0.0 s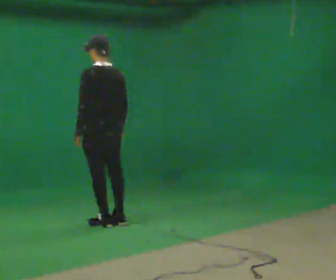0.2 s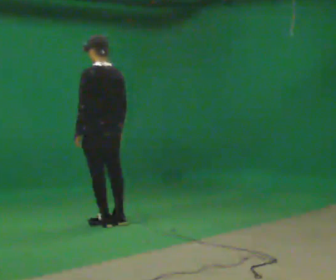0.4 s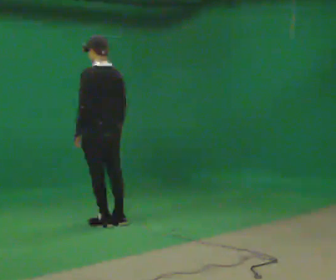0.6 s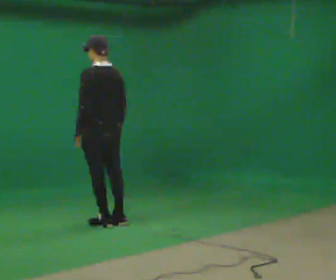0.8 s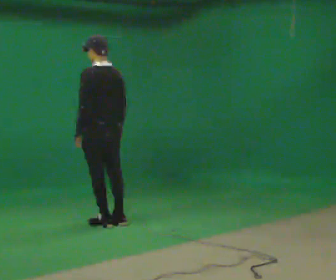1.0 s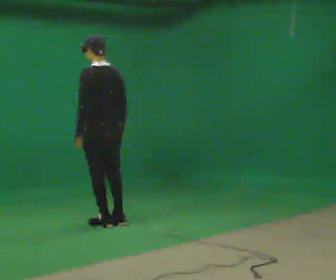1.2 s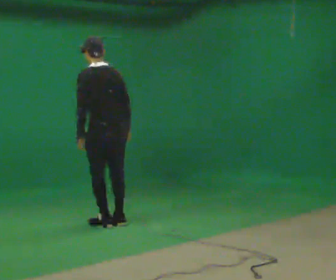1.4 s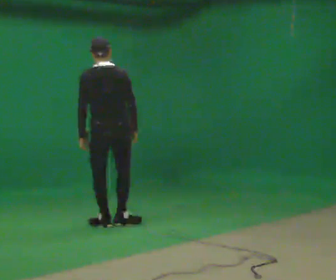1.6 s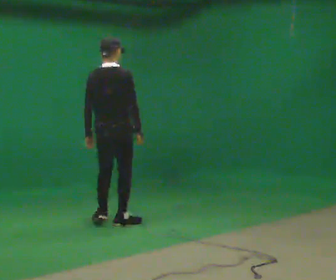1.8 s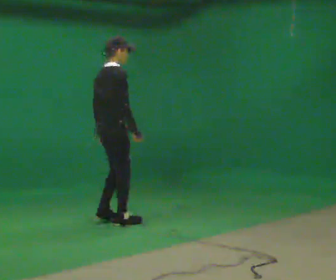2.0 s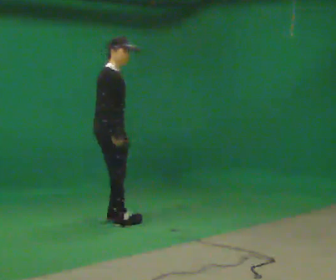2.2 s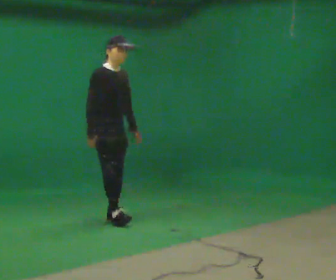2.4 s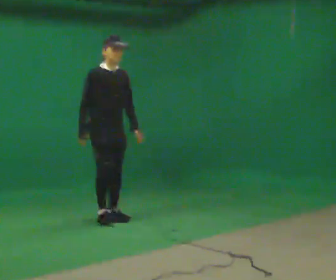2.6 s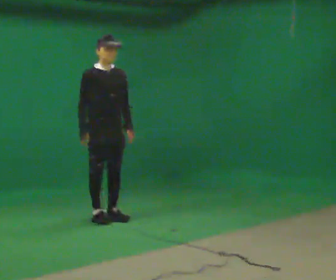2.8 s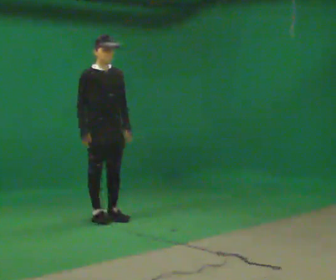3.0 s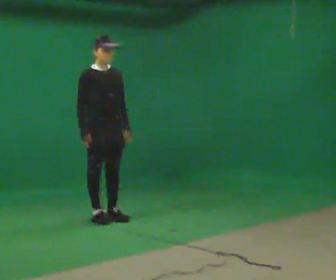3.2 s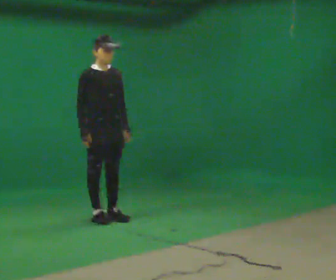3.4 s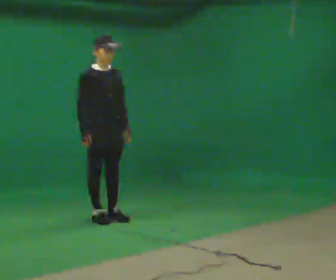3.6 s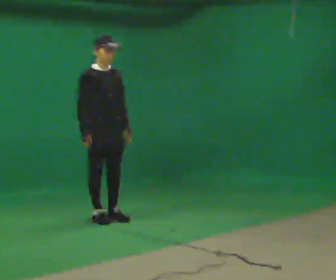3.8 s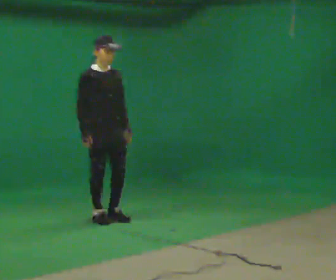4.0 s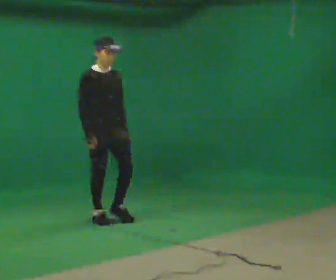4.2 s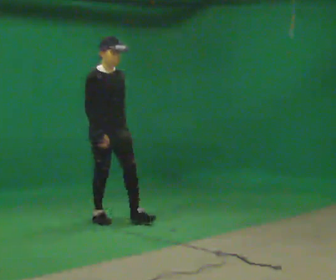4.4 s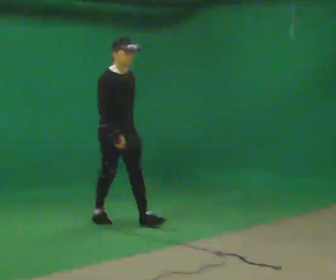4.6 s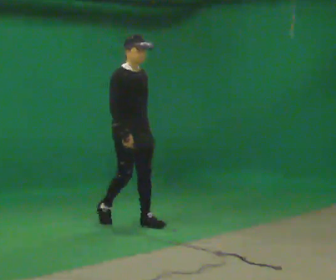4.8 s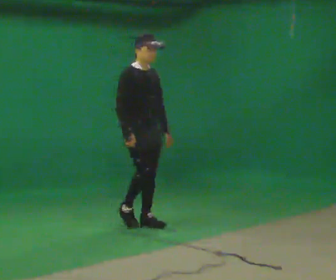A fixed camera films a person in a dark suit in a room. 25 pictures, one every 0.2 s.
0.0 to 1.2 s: The person moves a little, or ends about where they began.
1.2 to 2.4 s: The part of the body nearest the lens slides to the left as the person turns to their right by about 165 degrees. In the picture they go away from the camera, about 0.25 m in 1 step. In the picture the upper body tilts clockwise, shoulders to the right.
2.4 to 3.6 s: The person moves a little, or ends about where they began.
3.6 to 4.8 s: In the picture they go to the right and toward the camera, about 0.5 m in 1 step, which for them is forward.
The film runs forward here.
